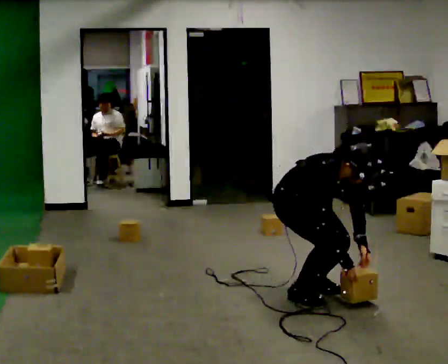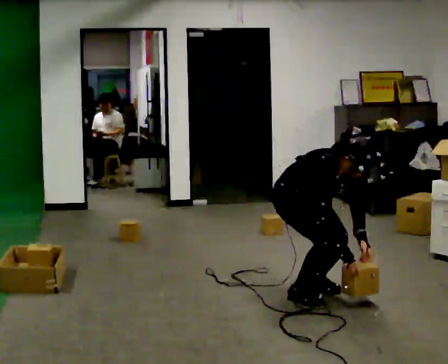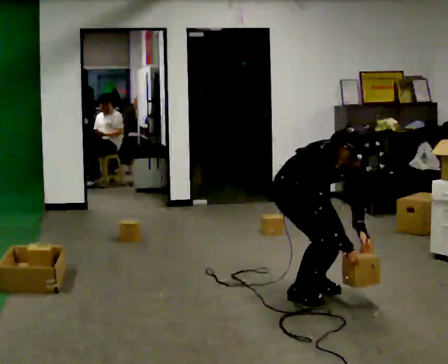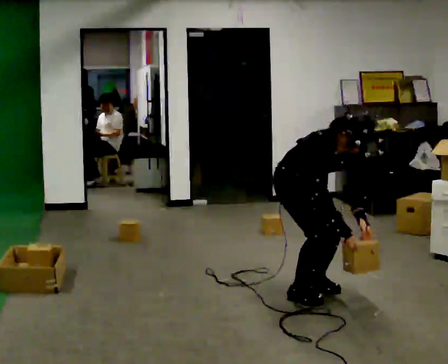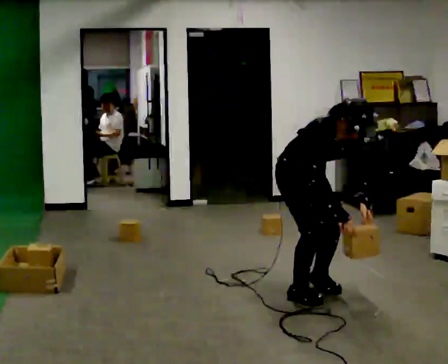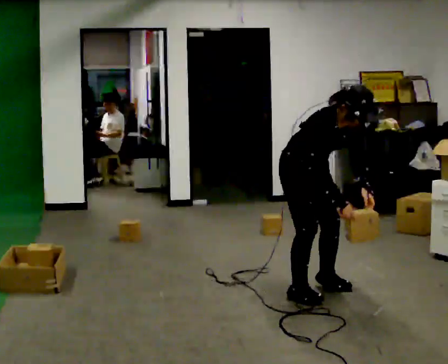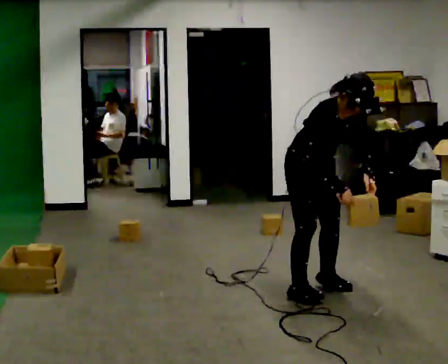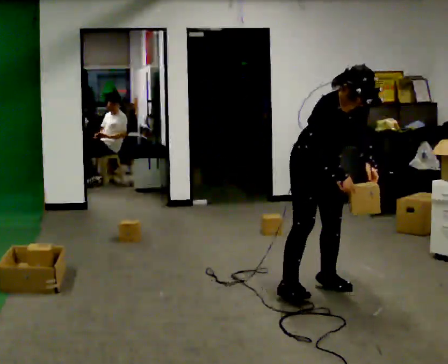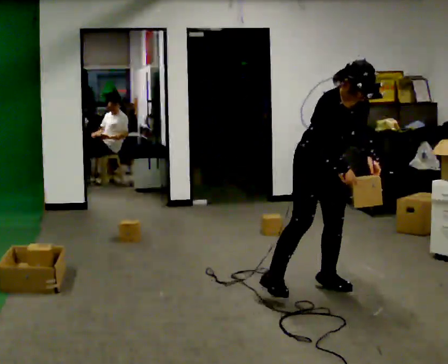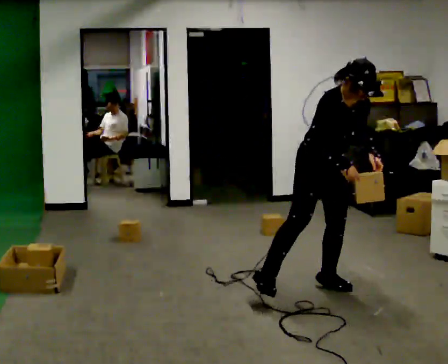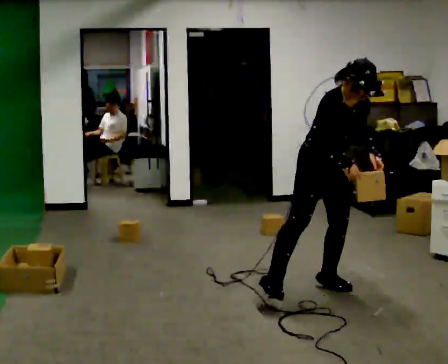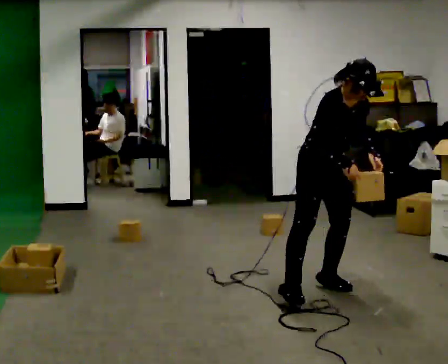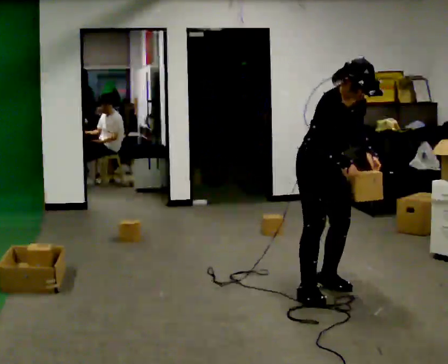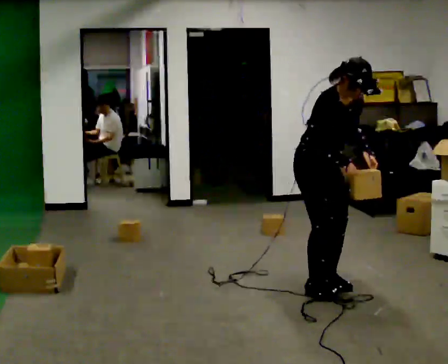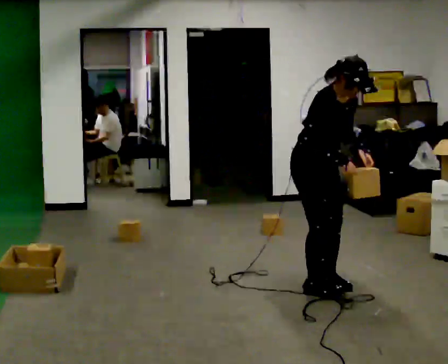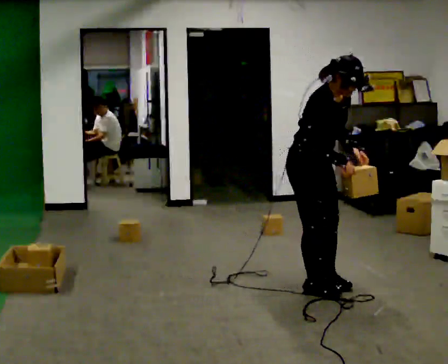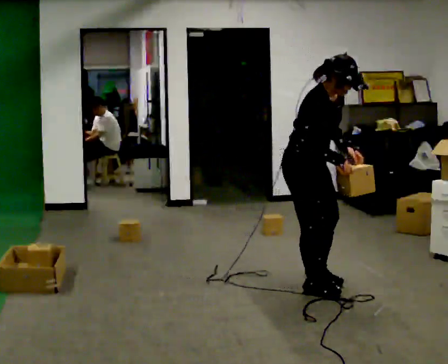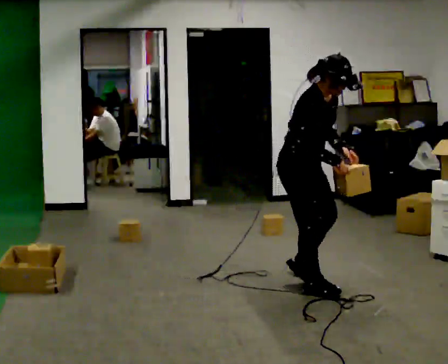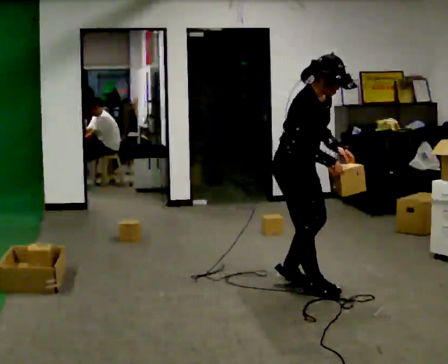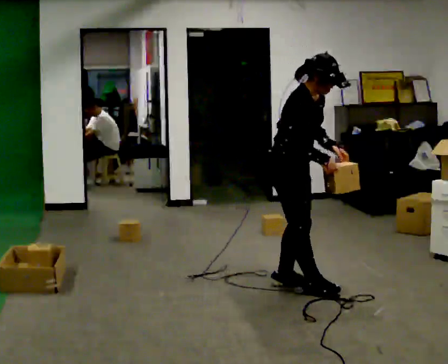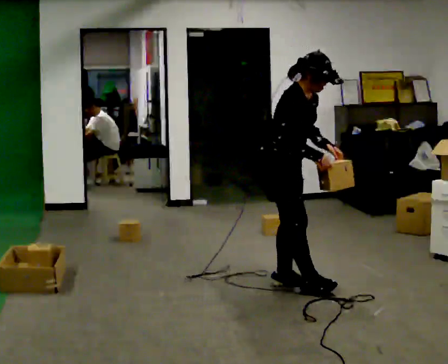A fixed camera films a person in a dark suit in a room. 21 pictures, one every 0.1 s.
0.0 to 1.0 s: In the picture they go to the right, about 0.25 m in 1 step, which for them is to their left. The upper body goes upward. In the picture the upper body tilts counterclockwise, shoulders to the left, as they lean back or straighten. In the picture their right hand goes upward.
1.0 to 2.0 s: The part of the body nearest the lens slides to the right as the person turns to their left by about 30 degrees. In the picture they go to the left, about 0.25 m in 2 steps, which for them is backward and to their right.
The film runs backward here.
